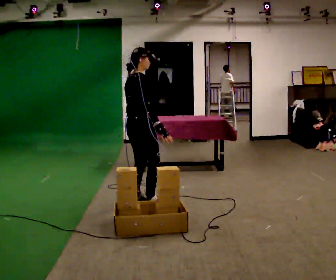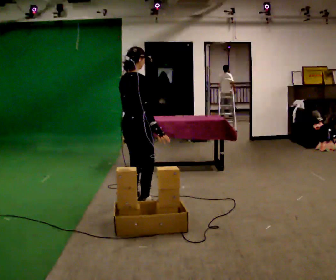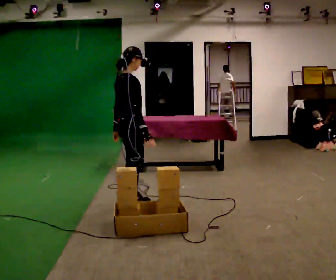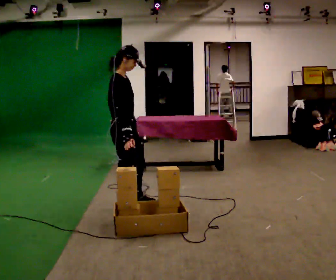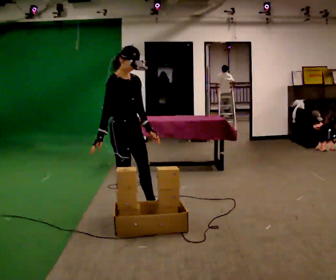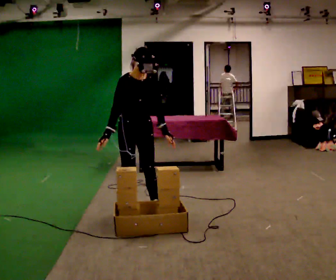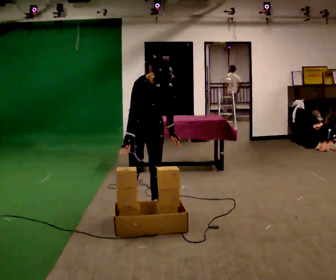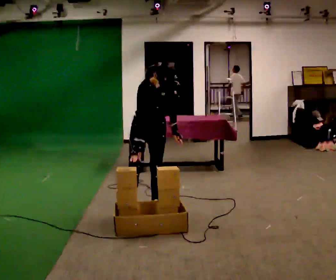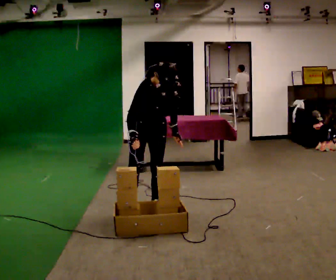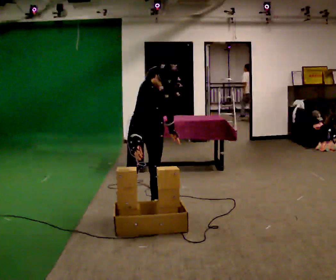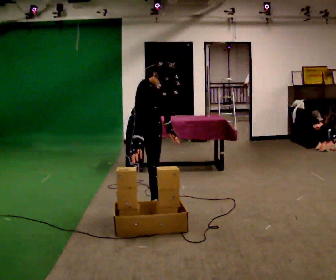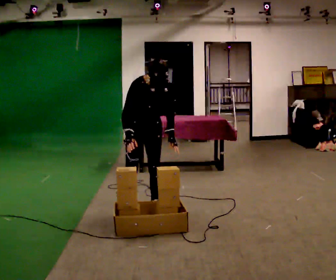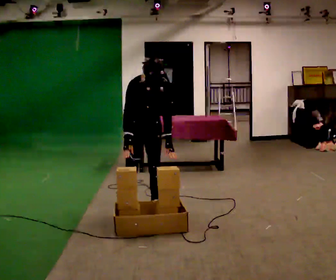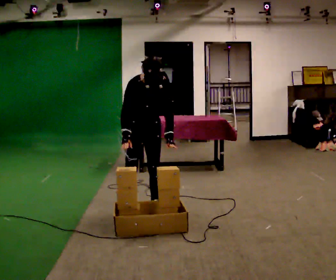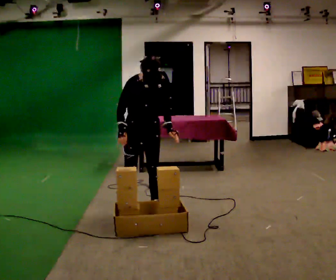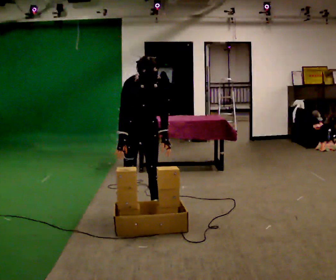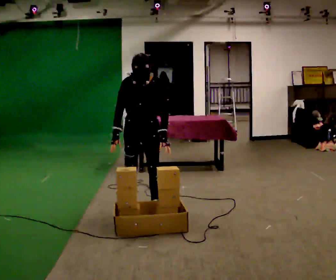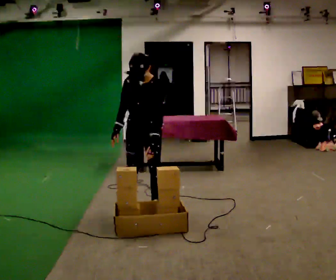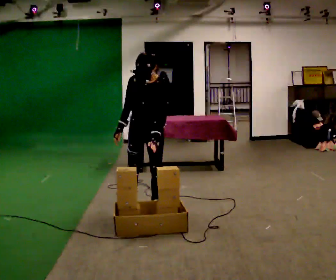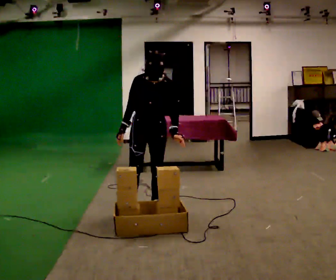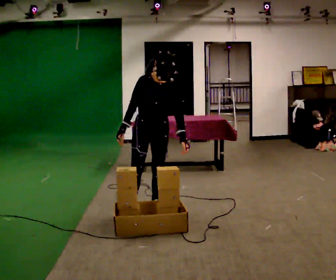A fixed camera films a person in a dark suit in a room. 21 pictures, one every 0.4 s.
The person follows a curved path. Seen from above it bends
counterclockwise.
0.0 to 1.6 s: The person turns about 60 degrees to their right, clockwise seen from above, so the part of the body nearest the lens slides to the left. In the picture they go toward the camera, about 0.25 m in 2 steps. In the picture their right hand goes to the left.
1.6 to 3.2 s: The person turns about 45 degrees to their right, clockwise seen from above, so the part of the body nearest the lens slides to the left. In the picture they go to the right, about 0.25 m, which for them is to their left. The upper body tips toward the camera, its near side rolling downward, as they bend forward.
3.2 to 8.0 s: The person moves a little, or ends about where they began.
The film runs backward here.
